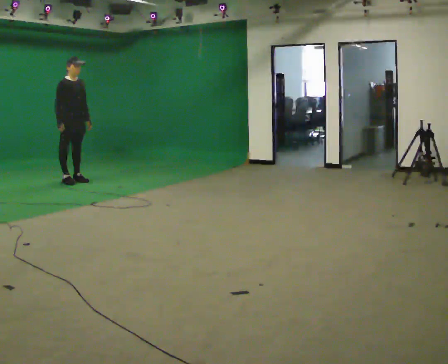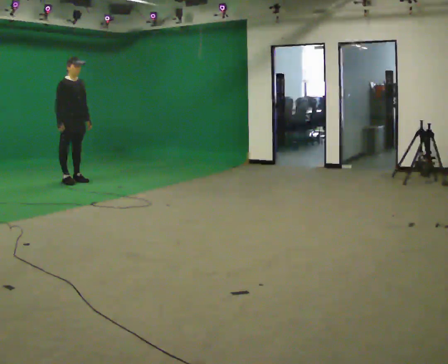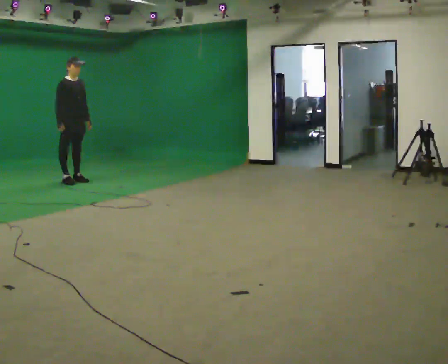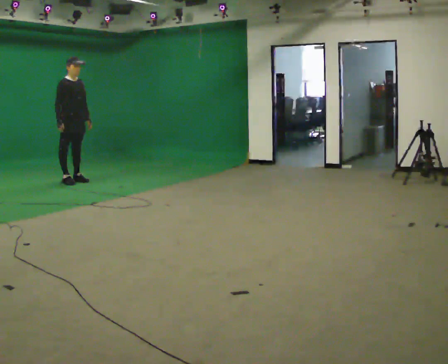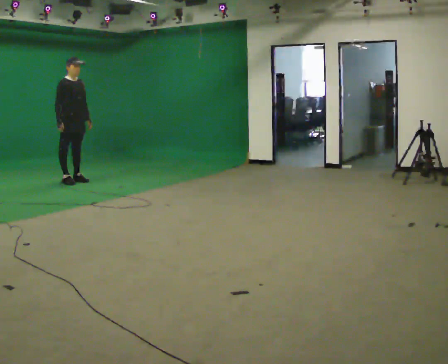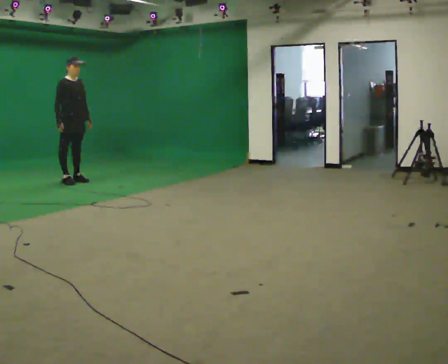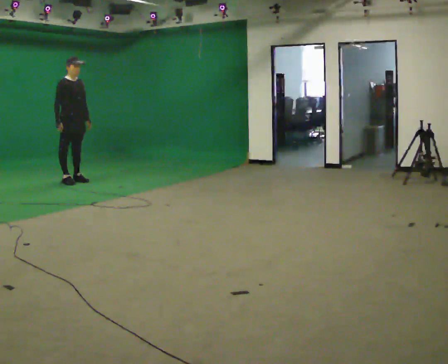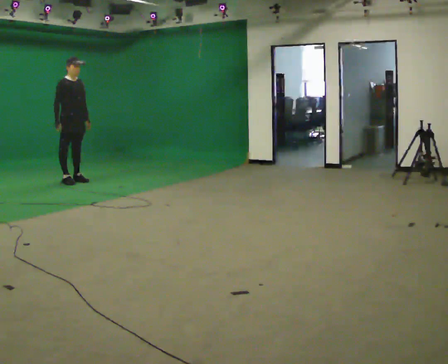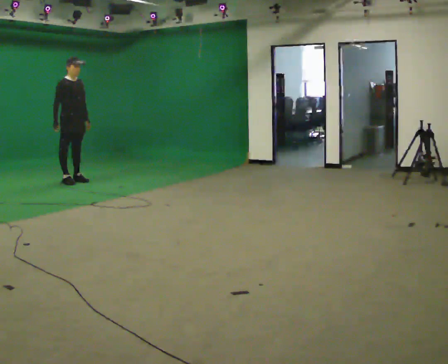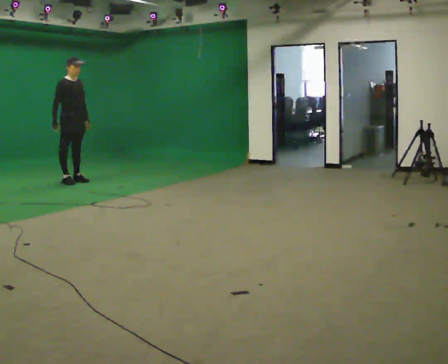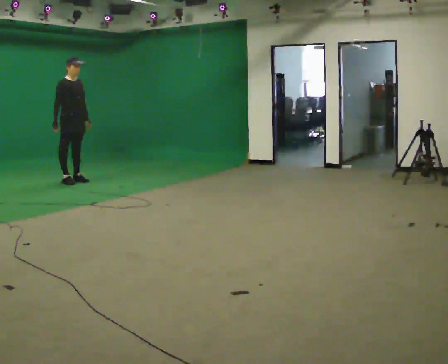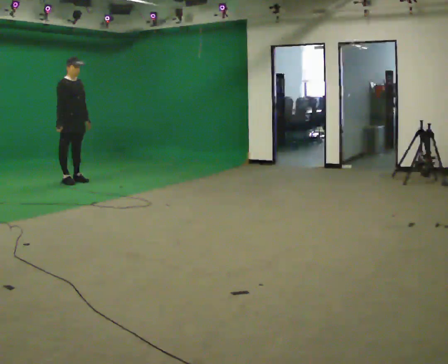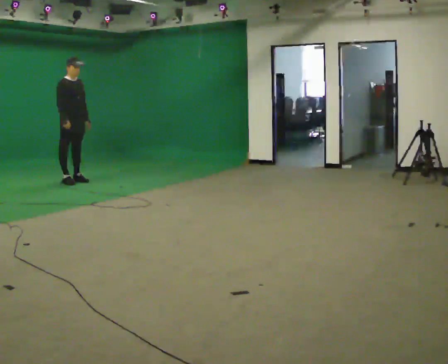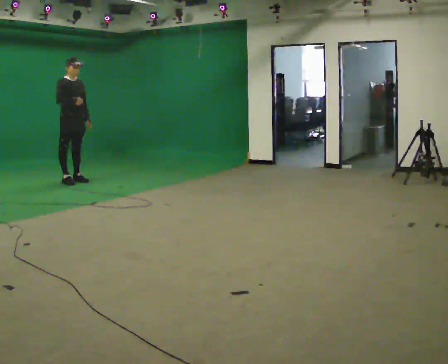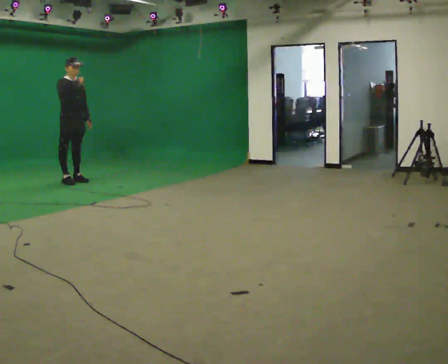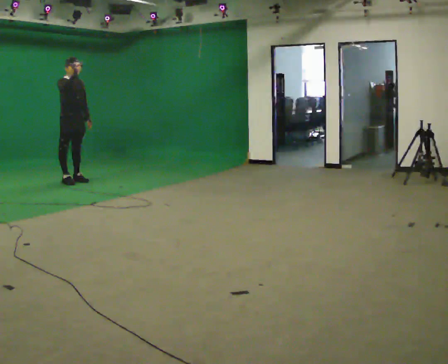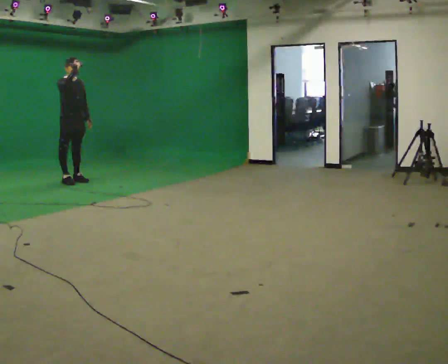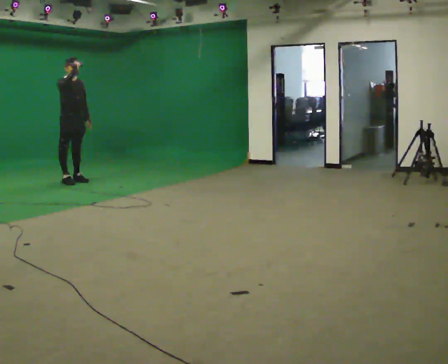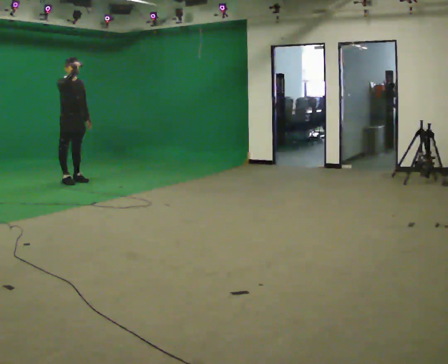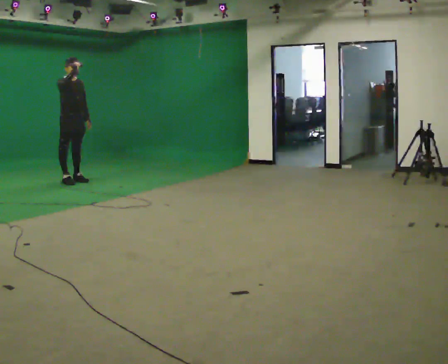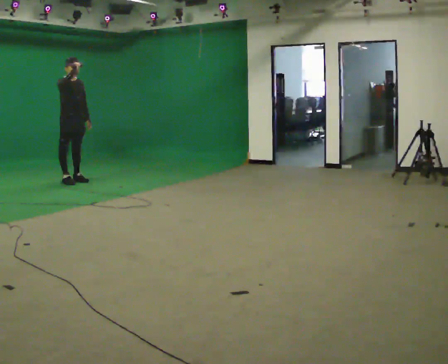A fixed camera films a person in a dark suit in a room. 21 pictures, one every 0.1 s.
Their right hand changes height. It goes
upward.
0.0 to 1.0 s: The person moves a little, or ends about where they began.
1.0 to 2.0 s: In the picture their right hand goes upward.
The film runs backward here.
